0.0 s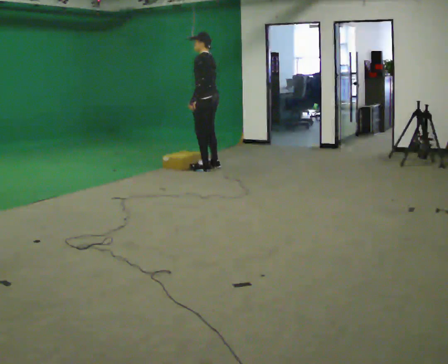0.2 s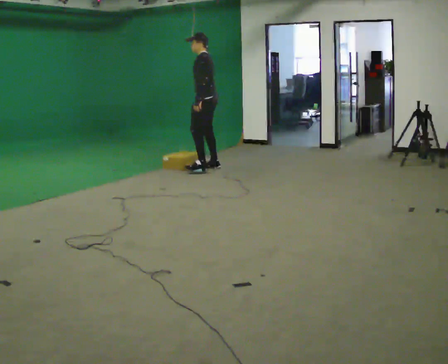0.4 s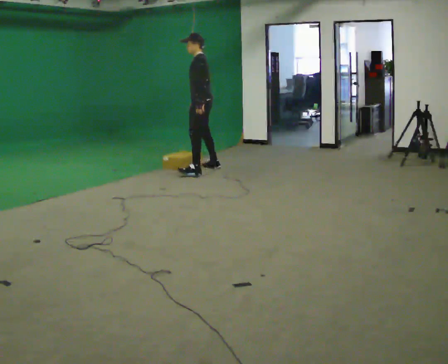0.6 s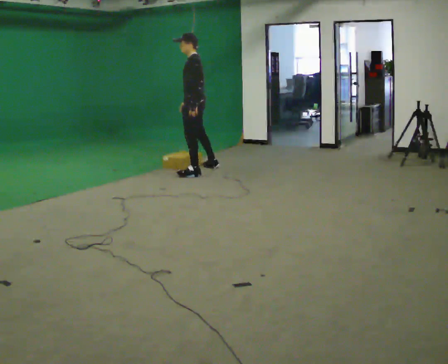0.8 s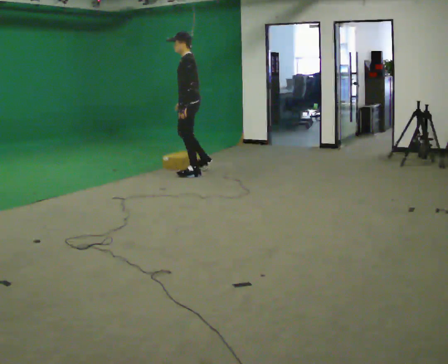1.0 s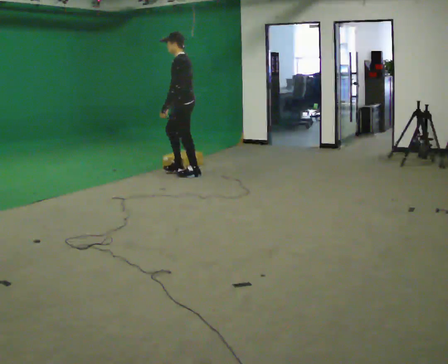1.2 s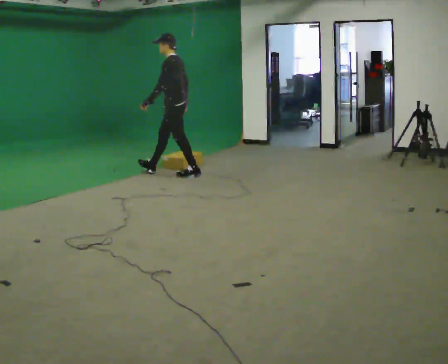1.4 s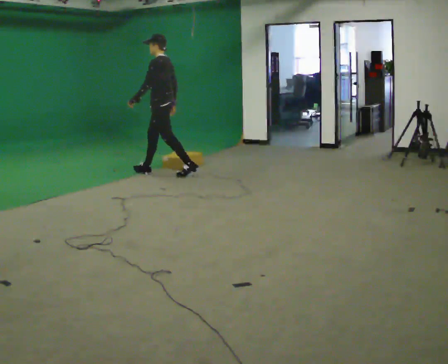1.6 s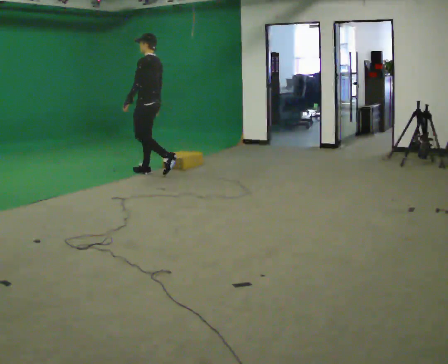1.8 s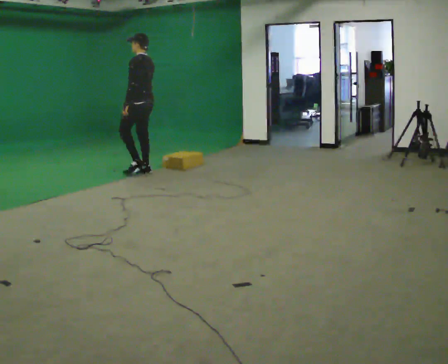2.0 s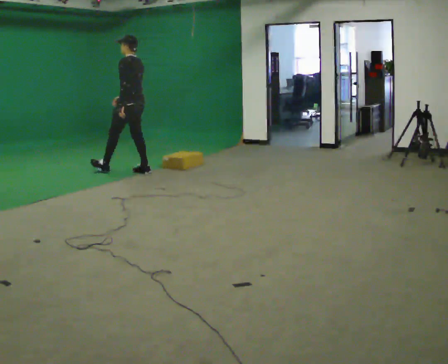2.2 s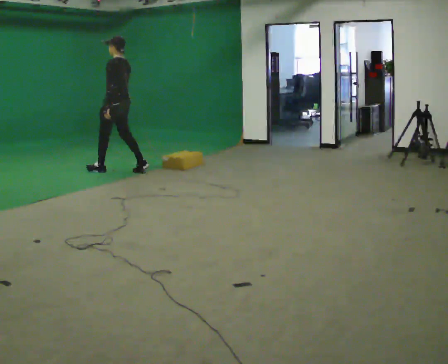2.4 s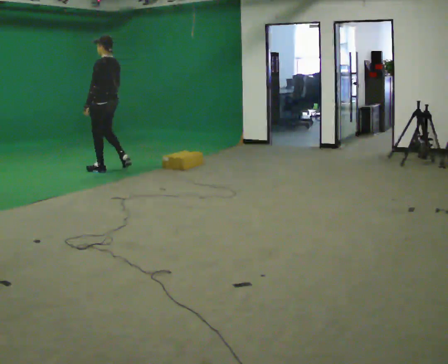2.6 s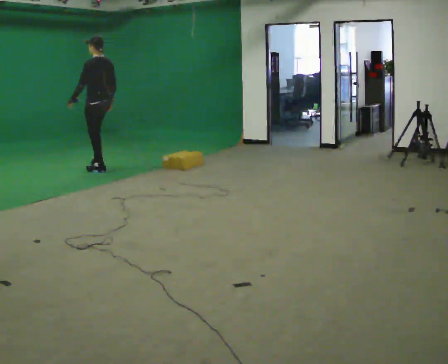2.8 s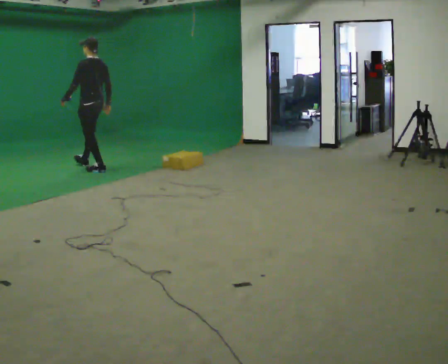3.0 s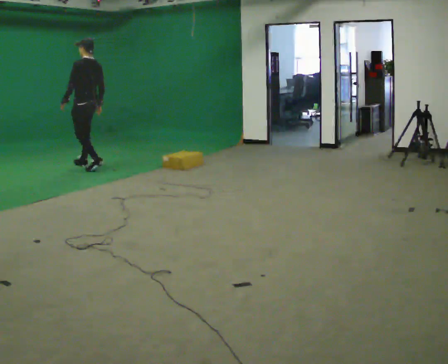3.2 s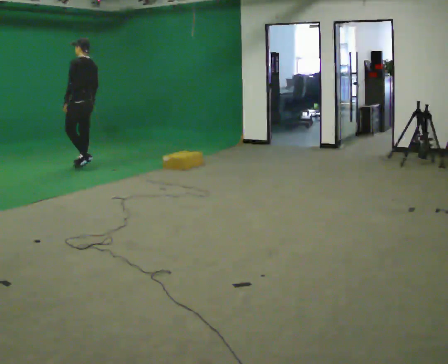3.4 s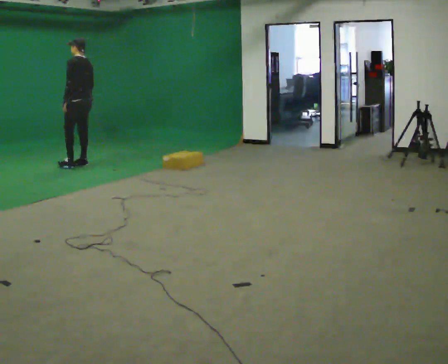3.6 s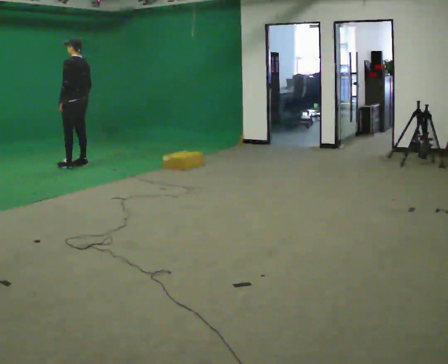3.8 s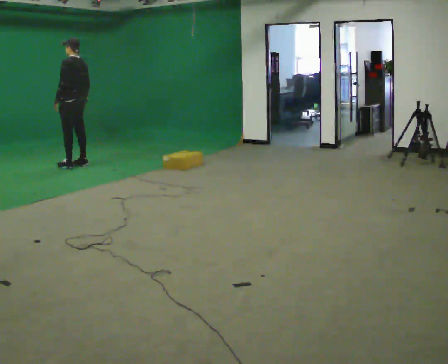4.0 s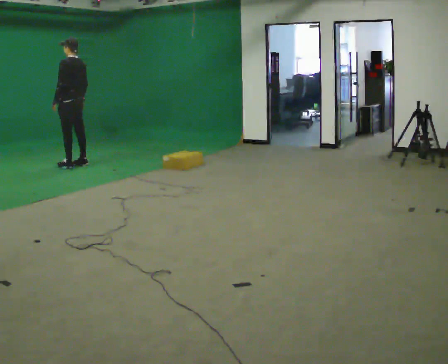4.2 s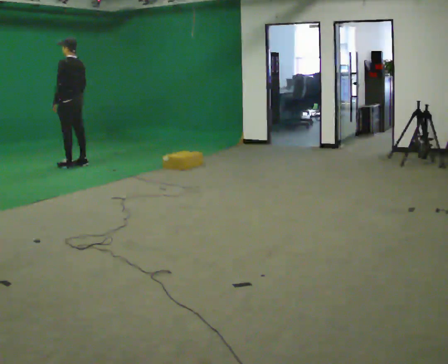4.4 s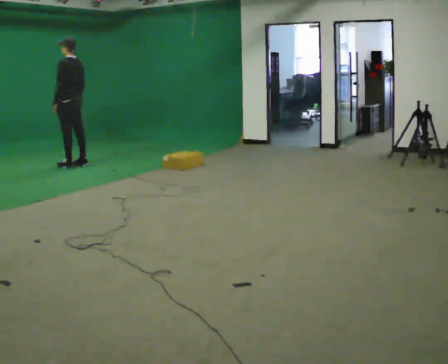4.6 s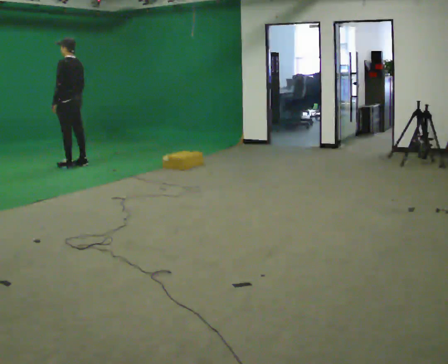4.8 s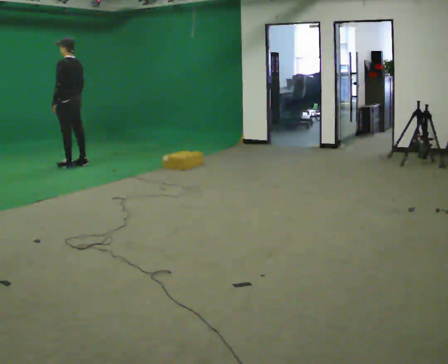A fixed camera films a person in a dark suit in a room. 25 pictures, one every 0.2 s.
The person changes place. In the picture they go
to the left.
The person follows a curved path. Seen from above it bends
clockwise.
0.0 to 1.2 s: In the picture they go to the left and toward the camera, about 0.5 m in 1 step, which for them is forward and to their left.
1.2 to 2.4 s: In the picture they go to the left, about 1 m in 2 steps, which for them is forward.
2.4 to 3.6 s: In the picture they go to the left and away from the camera, about 0.5 m in 2 steps, which for them is forward.
3.6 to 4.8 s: The person moves a little, or ends about where they began.
The film runs forward here.
